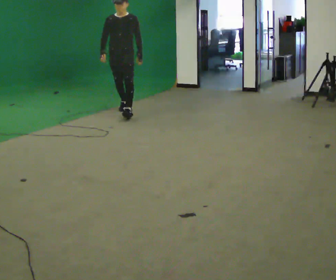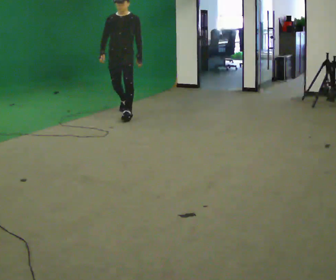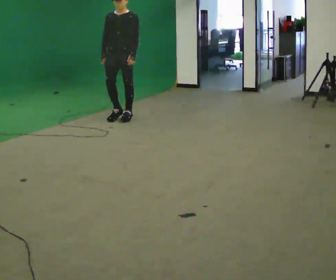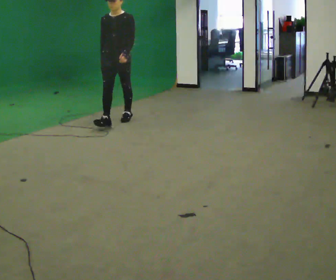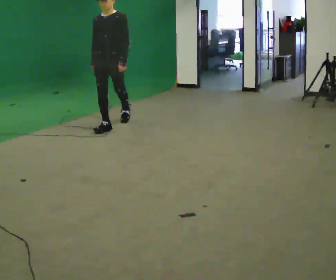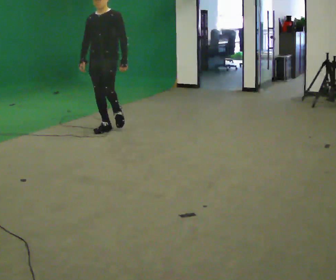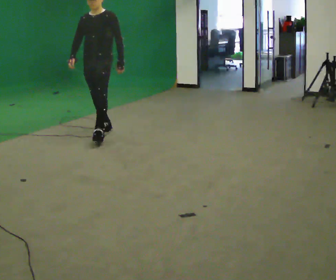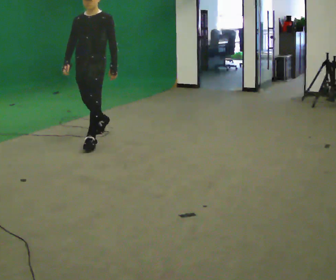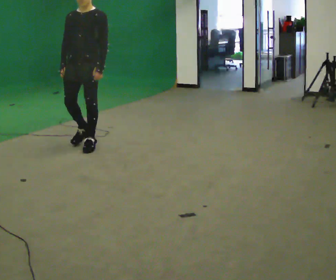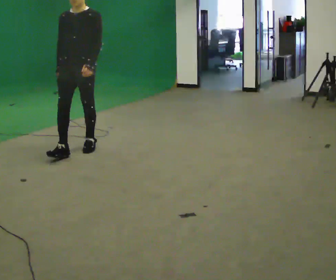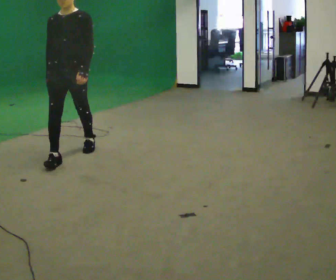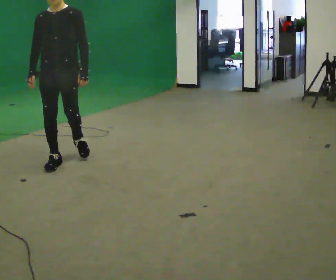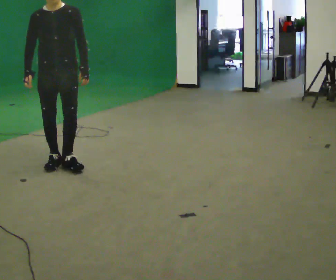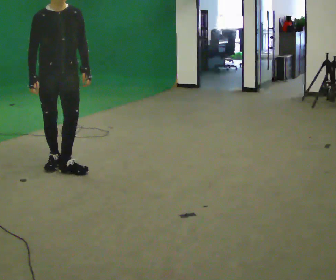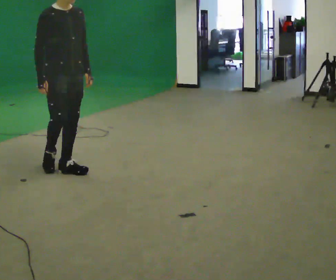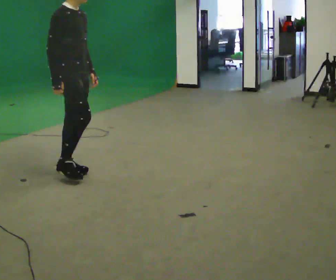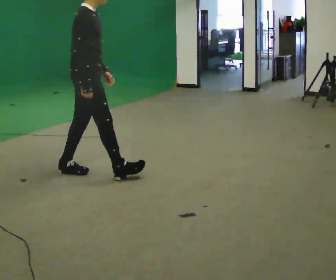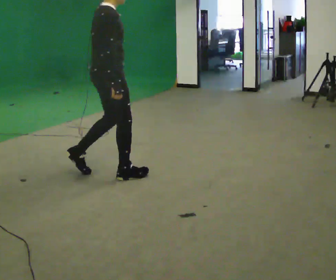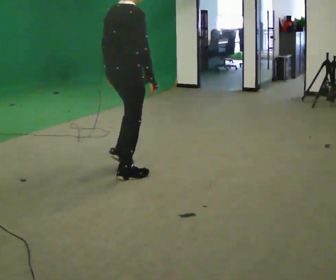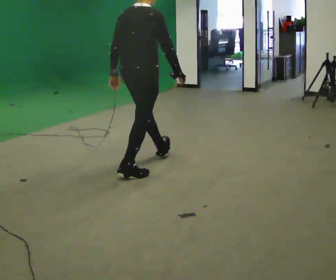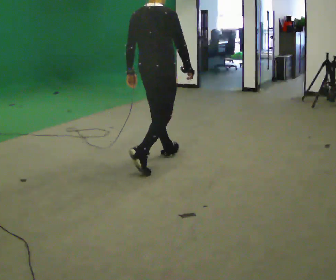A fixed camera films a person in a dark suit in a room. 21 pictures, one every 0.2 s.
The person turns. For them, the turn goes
to their left.
The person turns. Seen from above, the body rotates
counterclockwise.
0.0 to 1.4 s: In the picture they go toward the camera and to the left, about 1.5 m in 3 steps, which for them is forward.
1.4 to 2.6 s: Seen from above the body turns counterclockwise, about 45 degrees: to their left, with its near side sliding to the right. In the picture they go toward the camera and to the left, about 1 m in 2 steps, which for them is forward.
2.6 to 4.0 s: Seen from above the body turns counterclockwise, about 120 degrees: to their left, with its near side sliding to the right. In the picture they go to the right, about 1 m in 2 steps.
The film runs forward here.
